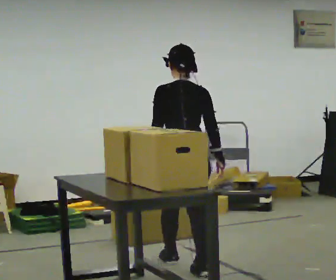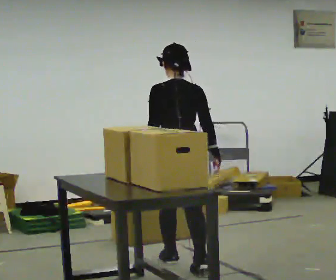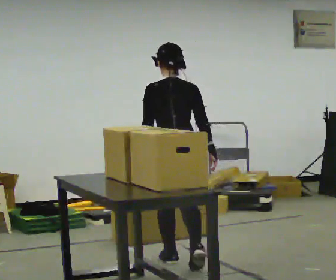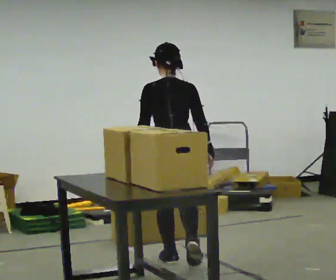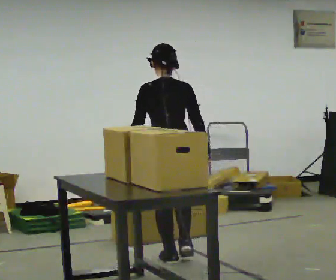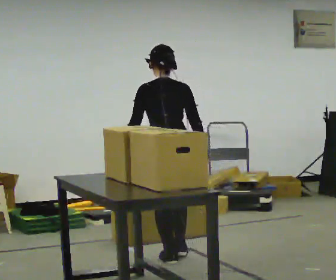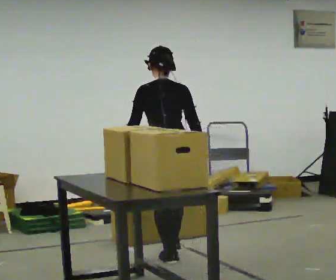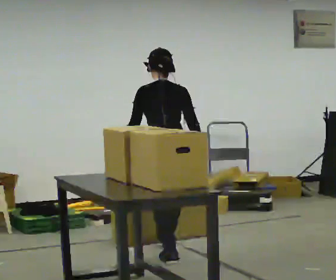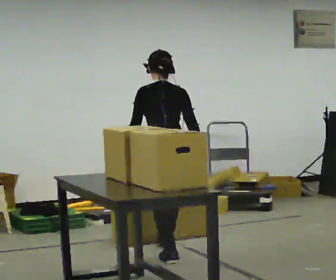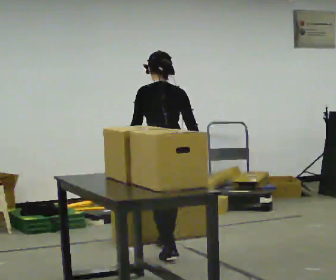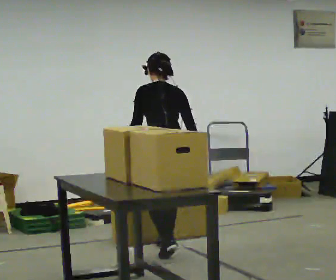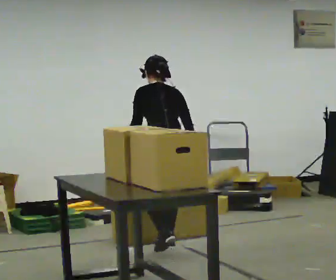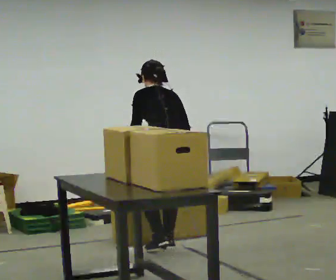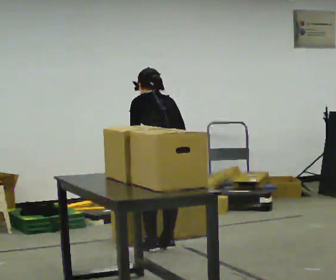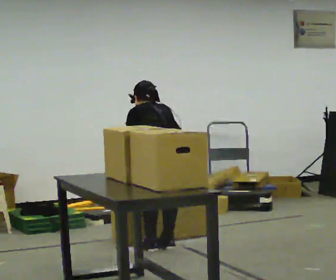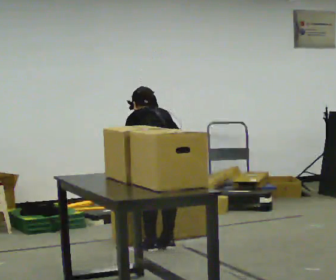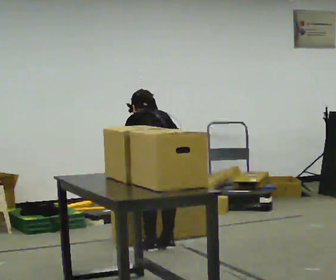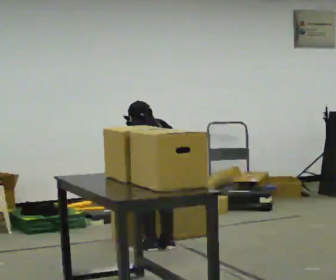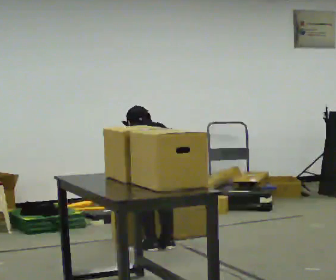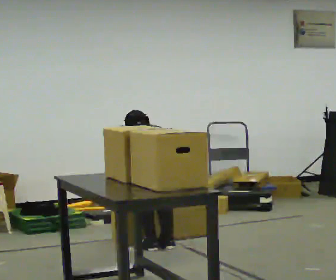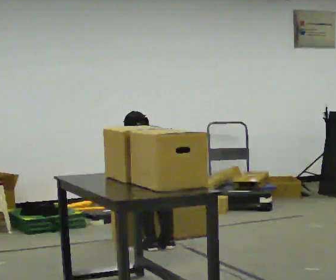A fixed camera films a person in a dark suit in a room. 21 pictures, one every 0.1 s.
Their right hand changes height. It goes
downward.
Their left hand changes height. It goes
downward.
0.0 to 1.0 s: In the picture they go away from the camera, about 0.5 m in 1 step, which for them is forward.
1.0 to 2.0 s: The shoulders move downward. The upper body tips away from the camera, its near side rolling upward, as they bend forward. In the picture their right hand goes downward.
The film runs forward here.
